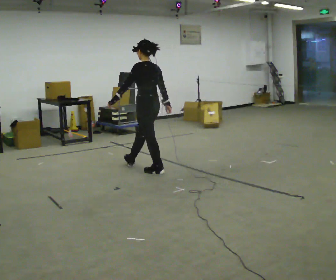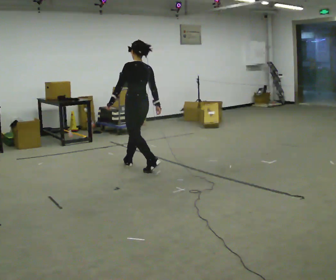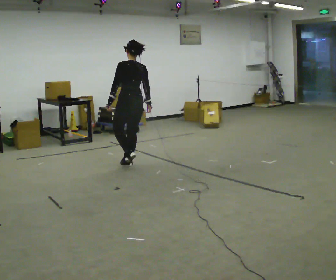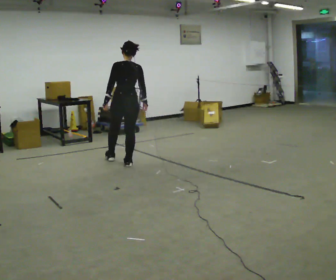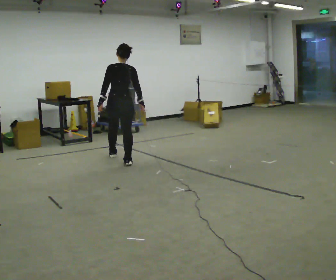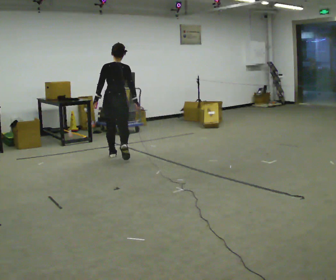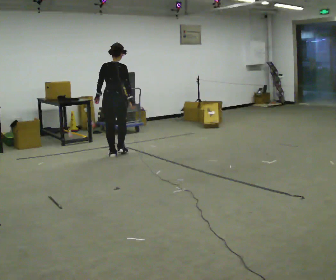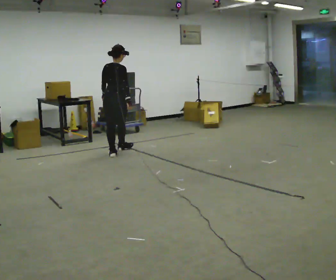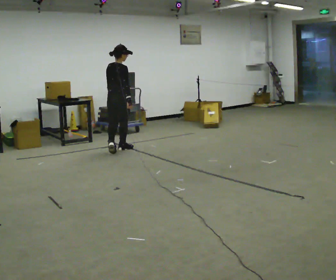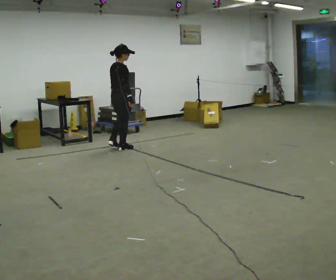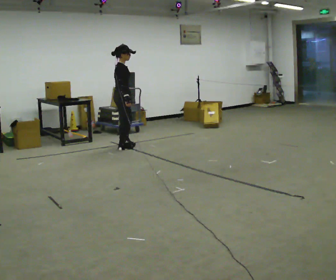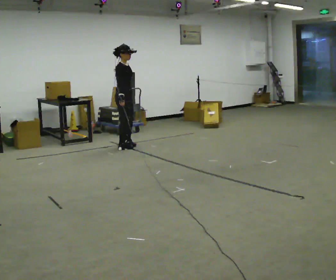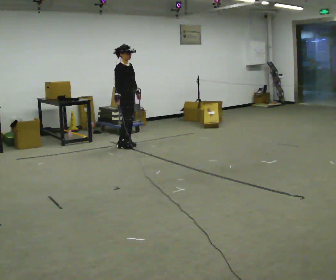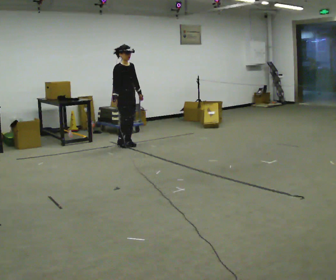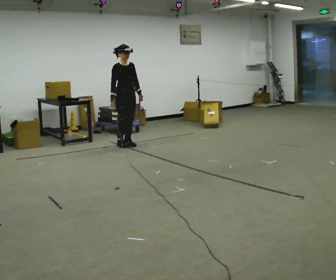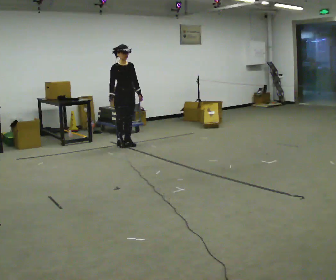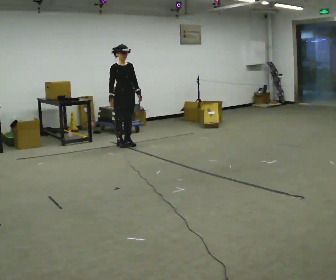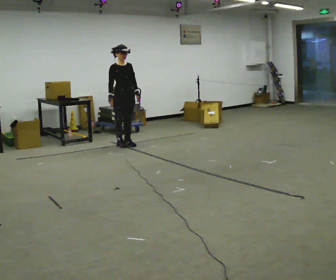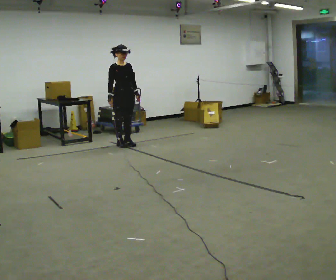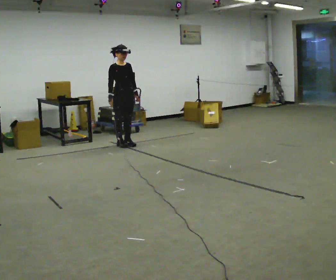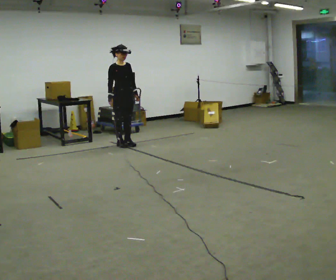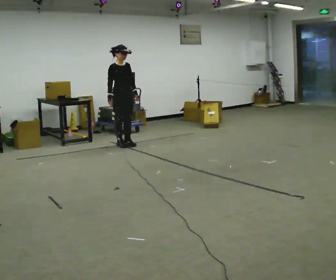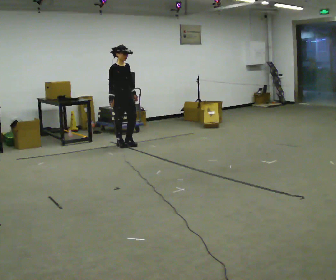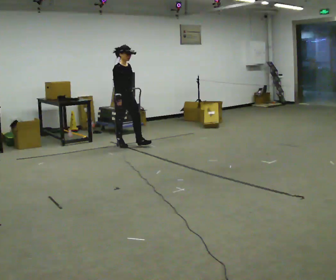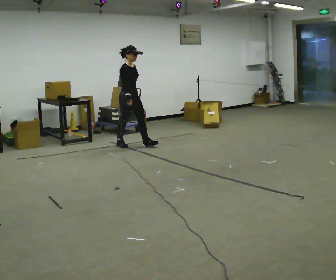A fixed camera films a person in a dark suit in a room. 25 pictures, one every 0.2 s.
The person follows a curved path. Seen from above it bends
clockwise.
The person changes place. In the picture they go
away from the camera.
0.0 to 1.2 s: The part of the body nearest the lens slides to the left as the person turns to their right by about 60 degrees. In the picture they go away from the camera and to the left, about 1 m in 2 steps.
1.2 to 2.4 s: Seen from above the body turns clockwise, about 105 degrees: to their right, with its near side sliding to the left. In the picture they go away from the camera, about 0.75 m in 2 steps.
2.4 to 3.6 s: The person moves a little, or ends about where they began.
3.6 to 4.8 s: The person turns about 30 degrees to their left, counterclockwise seen from above, so the part of the body nearest the lens slides to the right.
The film runs forward here.
